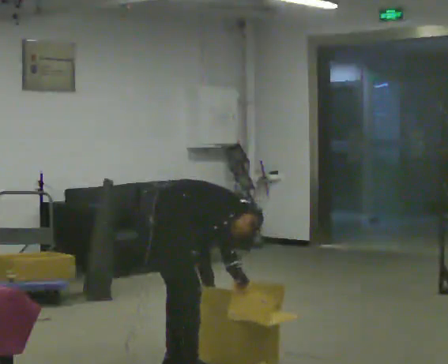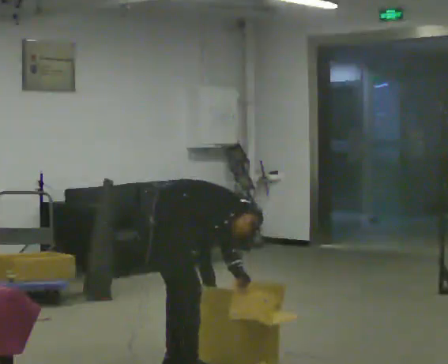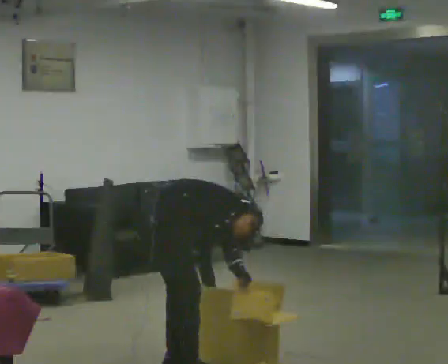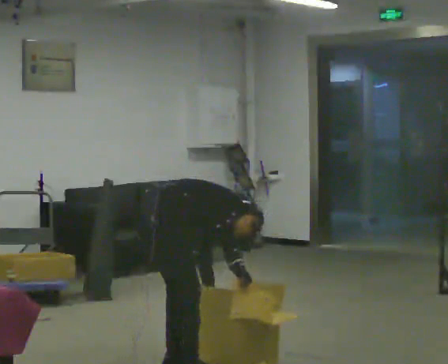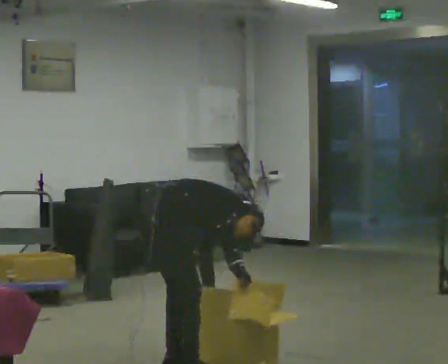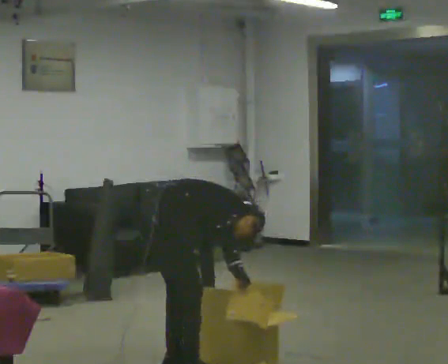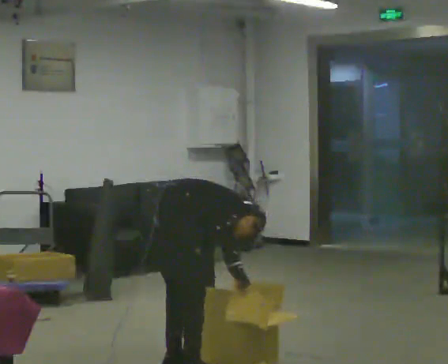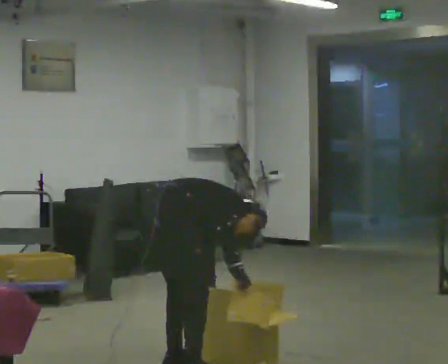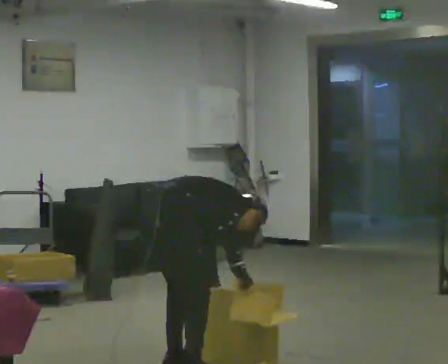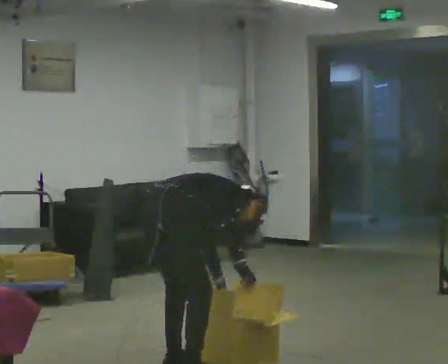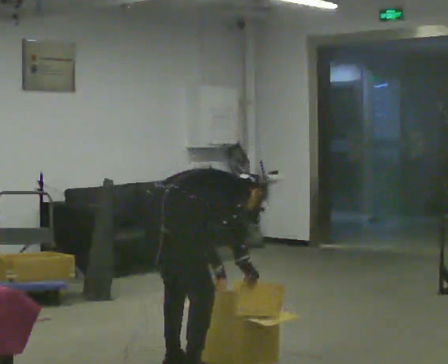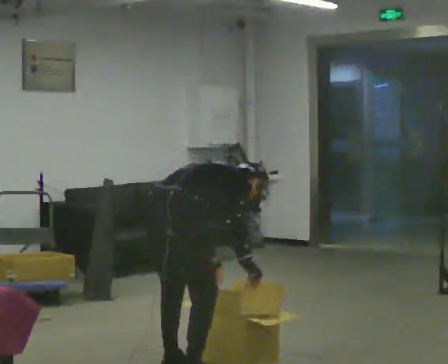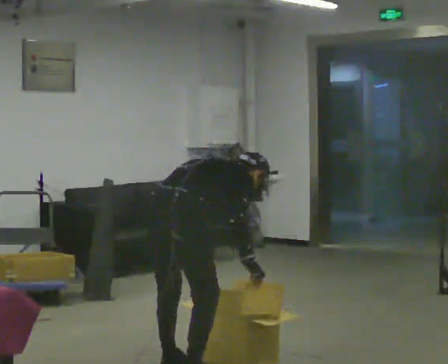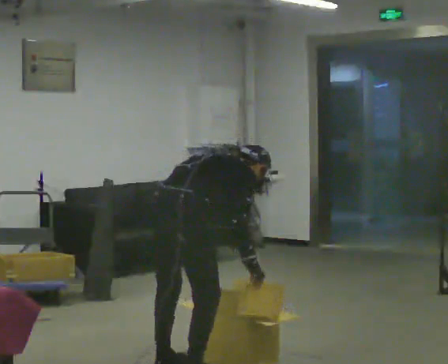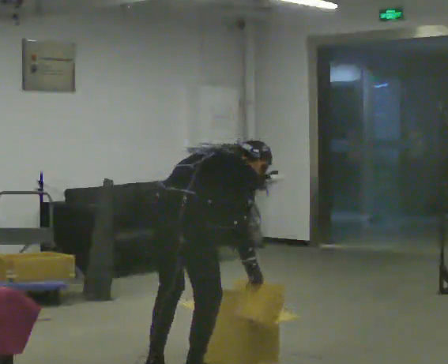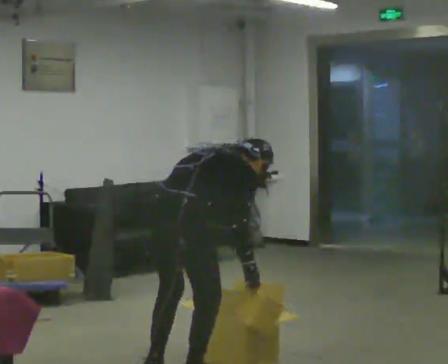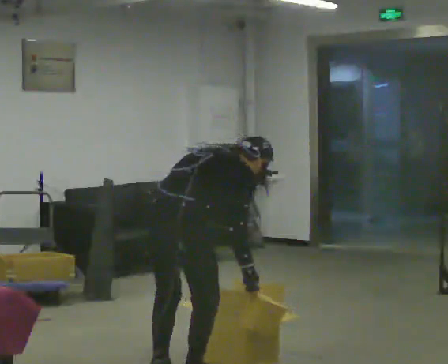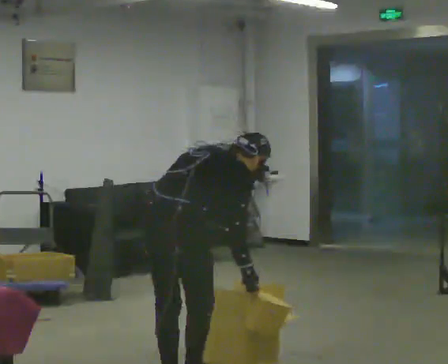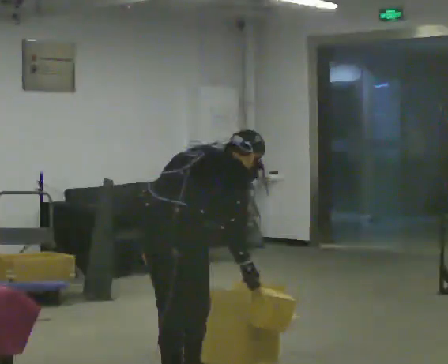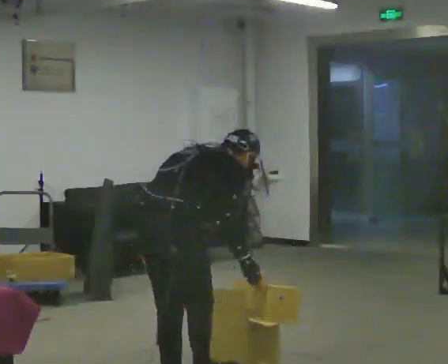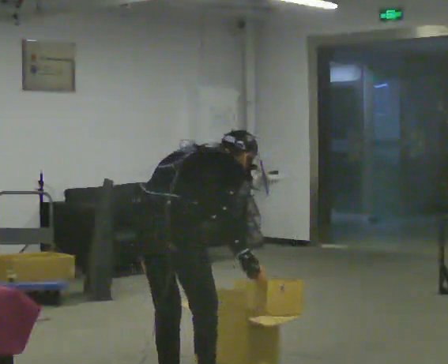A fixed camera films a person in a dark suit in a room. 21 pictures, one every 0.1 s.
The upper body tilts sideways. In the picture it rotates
counterclockwise.
Their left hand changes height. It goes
upward.
0.0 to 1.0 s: In the picture the upper body tilts counterclockwise, shoulders to the left, as they lean back or straighten.
1.0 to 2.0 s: In the picture they go toward the camera, about 0.5 m in 2 steps, which for them is backward and to their right. The upper body goes upward. In the picture the upper body tilts counterclockwise, shoulders to the left, as they lean back or straighten.
The film runs backward here.
